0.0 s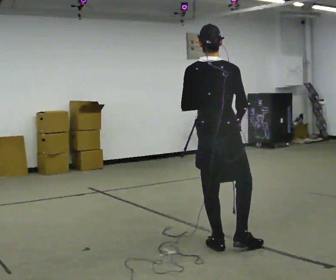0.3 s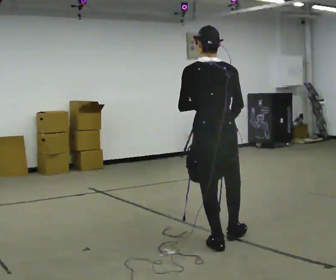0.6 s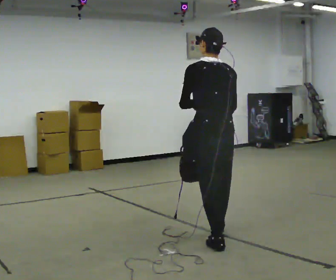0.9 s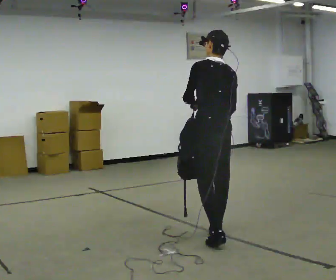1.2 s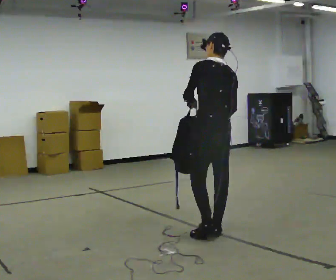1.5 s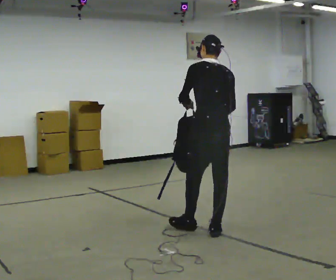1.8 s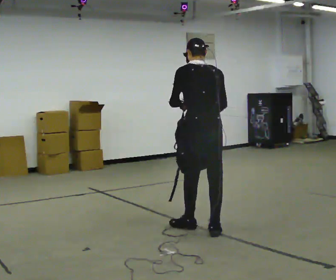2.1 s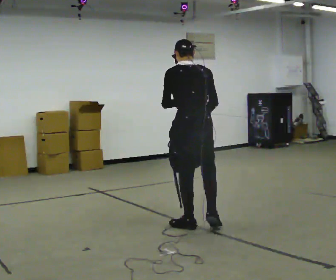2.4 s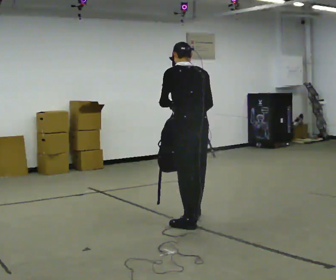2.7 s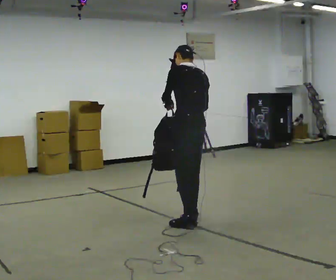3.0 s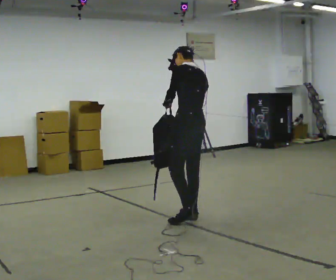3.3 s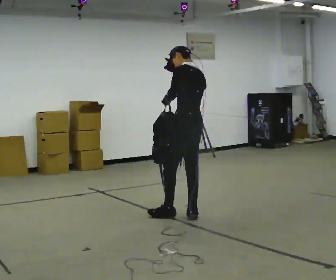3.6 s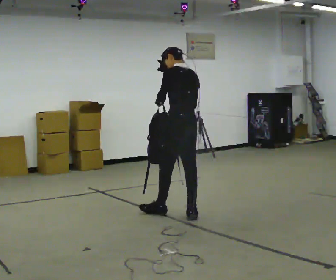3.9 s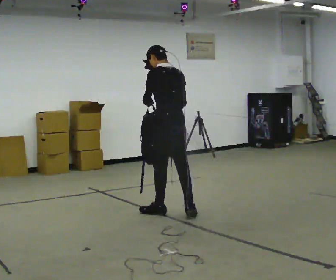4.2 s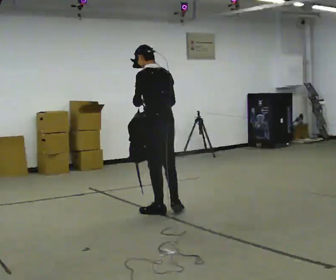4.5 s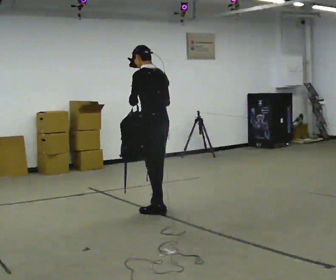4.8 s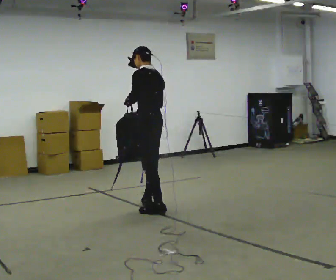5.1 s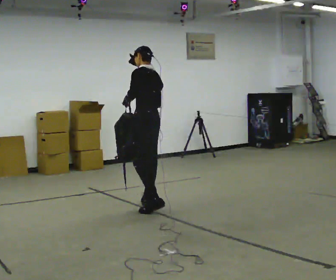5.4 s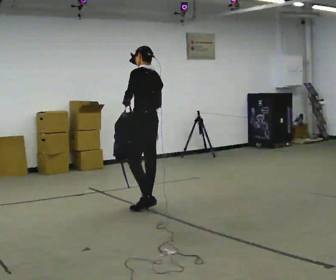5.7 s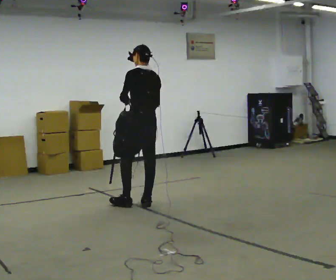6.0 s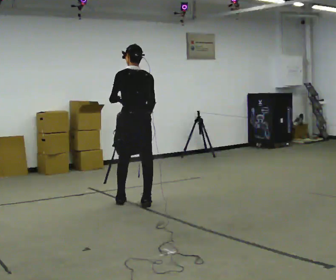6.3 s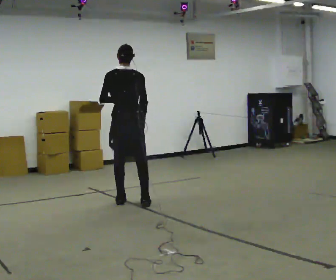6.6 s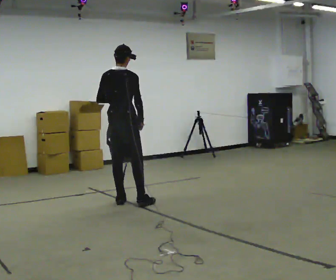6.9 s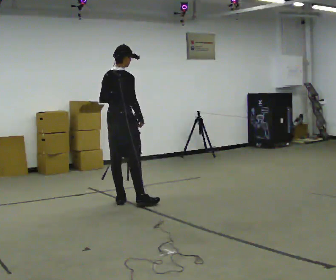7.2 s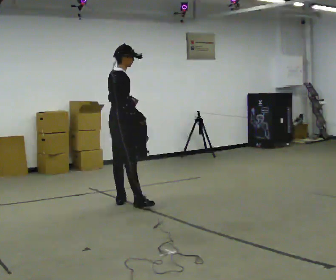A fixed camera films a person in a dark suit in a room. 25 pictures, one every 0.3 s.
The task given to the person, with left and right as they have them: Carry the bag and, while walking, undo the buckle or zip, then do it up again. Keep repeating as you walk. Do not stop.
0.0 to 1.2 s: The part of the body nearest the lens slides to the right as the person turns to their left by about 45 degrees. In the picture they go away from the camera, about 0.25 m in 1 step, which for them is forward.
1.2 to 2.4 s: In the picture they go away from the camera and to the left, about 0.5 m in 1 step, which for them is forward.
2.4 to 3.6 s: In the picture they go away from the camera, about 0.5 m in 2 steps, which for them is forward and to their right.
3.6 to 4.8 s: In the picture they go to the left and away from the camera, about 0.5 m in 1 step, which for them is forward.
4.8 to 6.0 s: The part of the body nearest the lens slides to the left as the person turns to their right by about 30 degrees. In the picture they go away from the camera and to the left, about 0.25 m in 1 step, which for them is forward.
6.0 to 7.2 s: Seen from above the body turns clockwise, about 90 degrees: to their right, with its near side sliding to the left. In the picture they go to the left, about 0.25 m.
The film runs forward here.
